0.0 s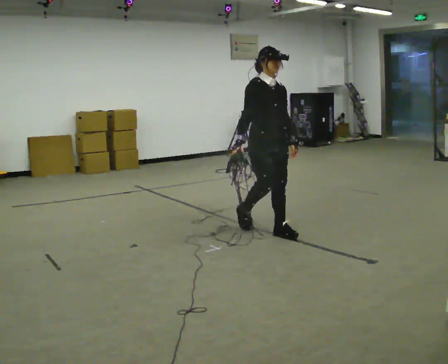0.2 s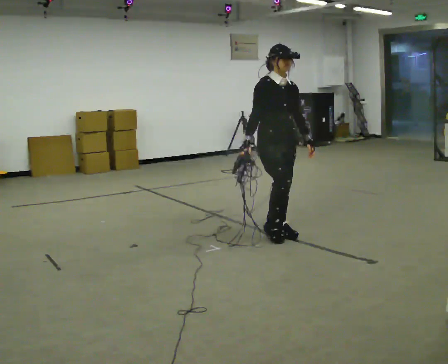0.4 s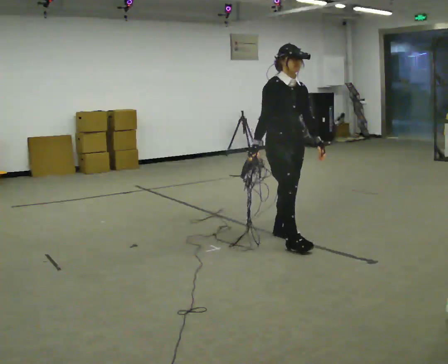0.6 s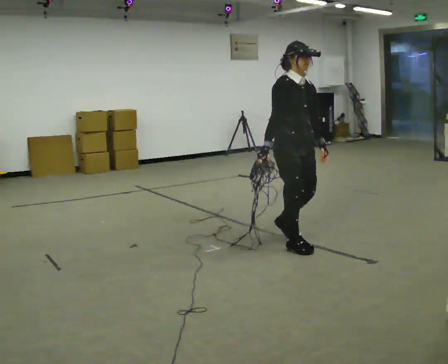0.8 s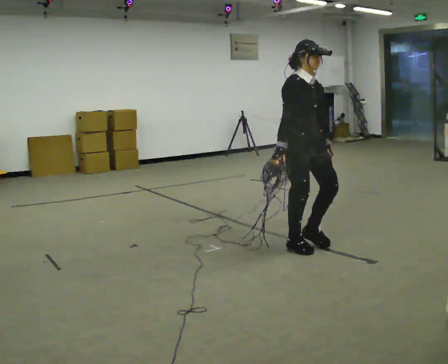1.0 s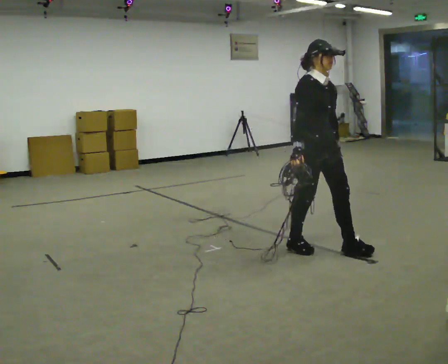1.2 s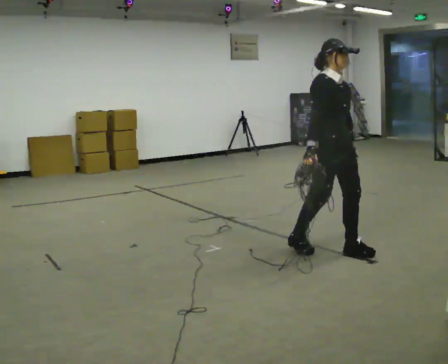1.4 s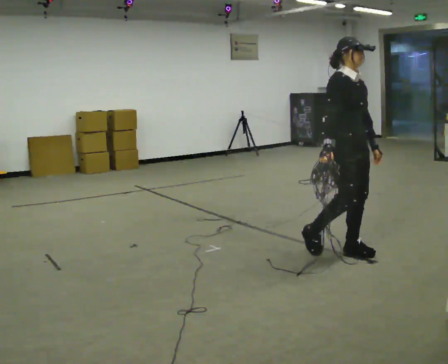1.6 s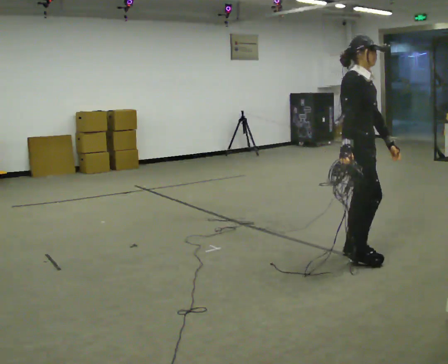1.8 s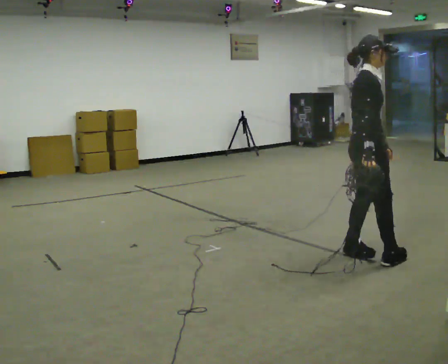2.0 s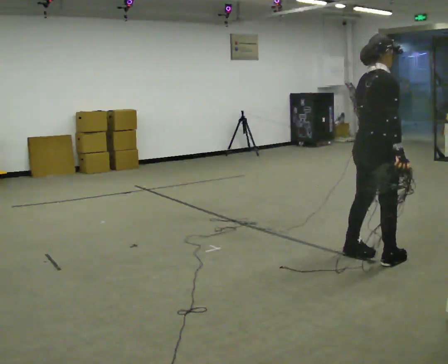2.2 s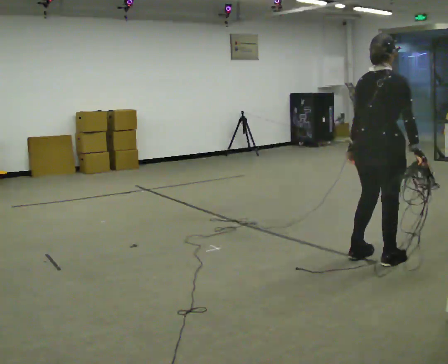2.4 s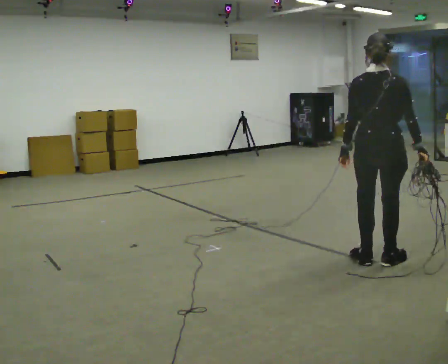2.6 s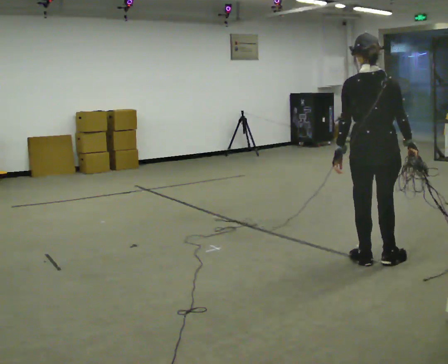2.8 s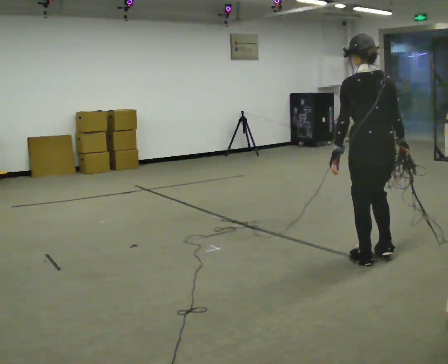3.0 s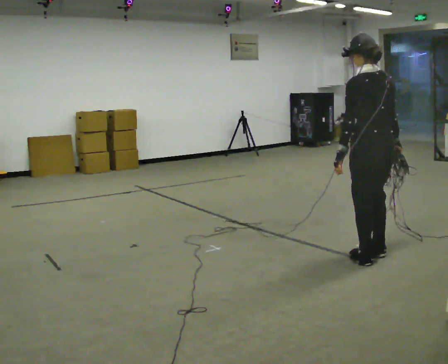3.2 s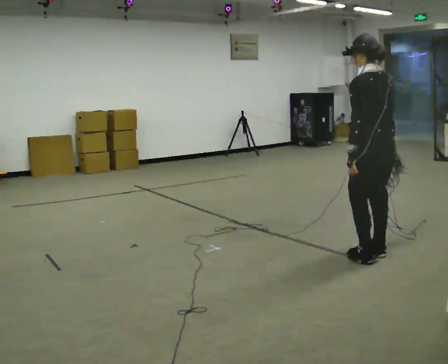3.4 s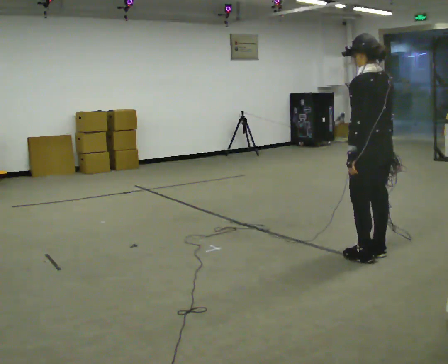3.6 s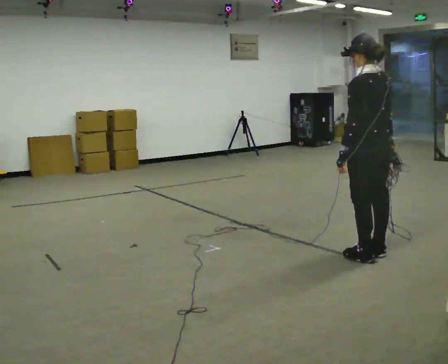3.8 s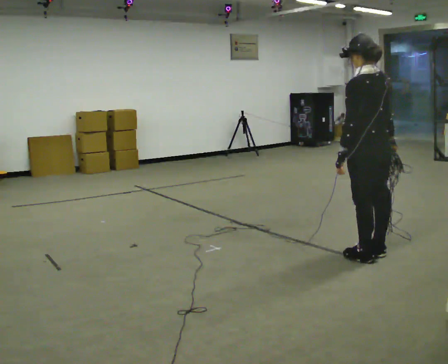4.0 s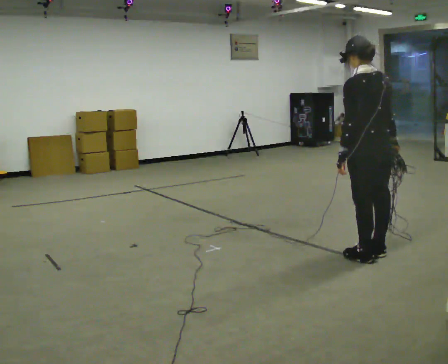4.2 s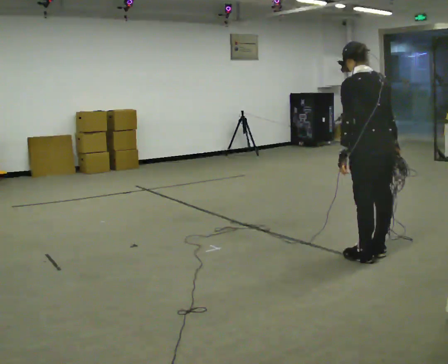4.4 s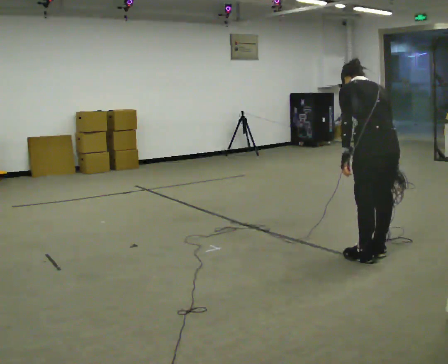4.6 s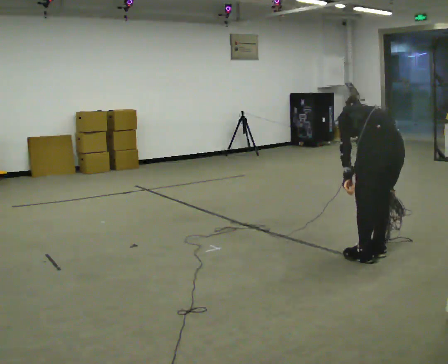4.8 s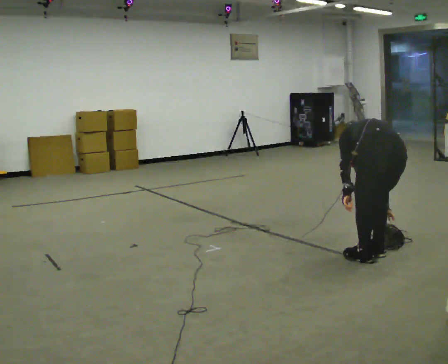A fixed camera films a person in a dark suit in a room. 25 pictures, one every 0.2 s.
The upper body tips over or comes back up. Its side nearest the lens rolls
upward.
0.0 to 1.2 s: In the picture they go to the right and toward the camera, about 0.5 m in 2 steps, which for them is forward.
1.2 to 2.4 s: The part of the body nearest the lens slides to the right as the person turns to their left by about 120 degrees. In the picture they go to the right and toward the camera, about 0.5 m in 2 steps.
2.4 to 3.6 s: The part of the body nearest the lens slides to the right as the person turns to their left by about 45 degrees.
3.6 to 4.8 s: The part of the body nearest the lens slides to the left as the person turns to their right by about 30 degrees. The shoulders move downward. The upper body tips away from the camera, its near side rolling upward, as they bend forward.
The film runs forward here.
